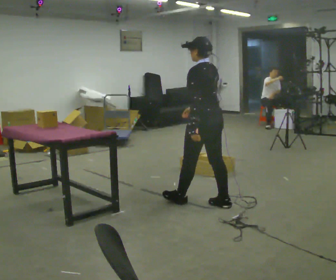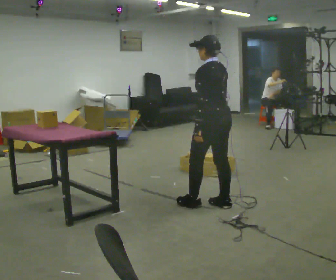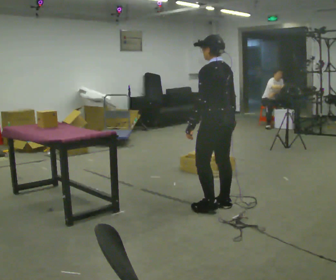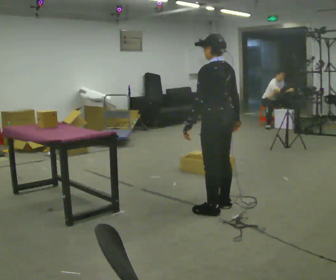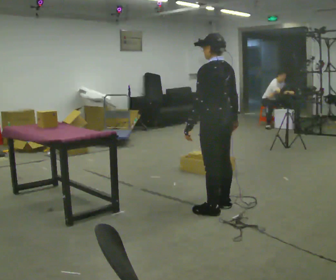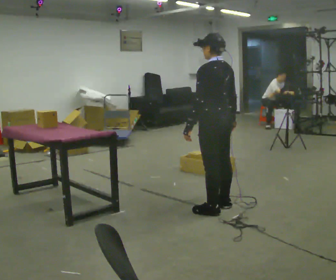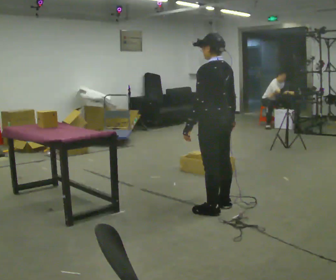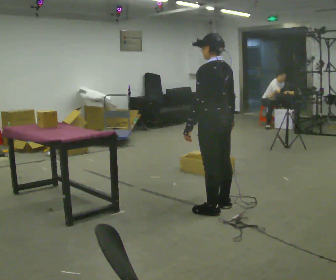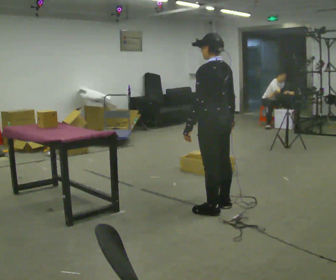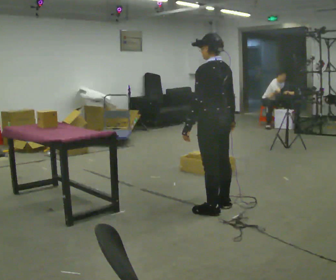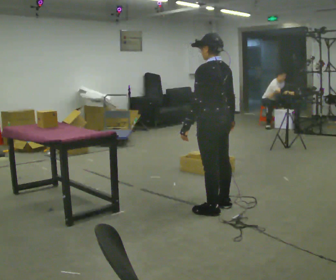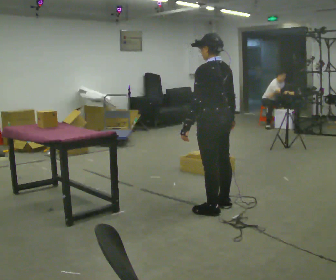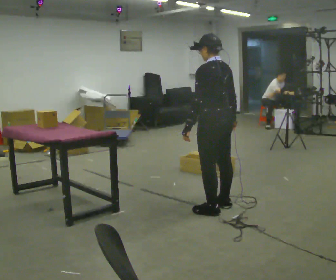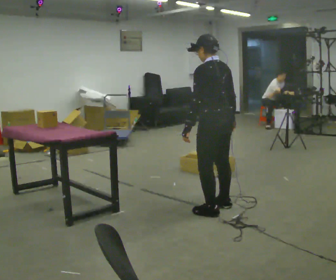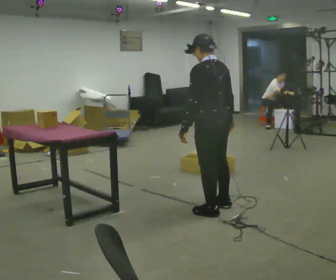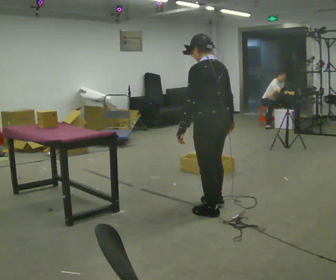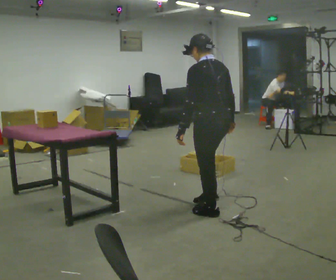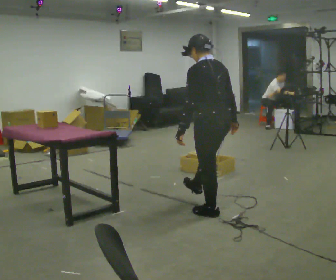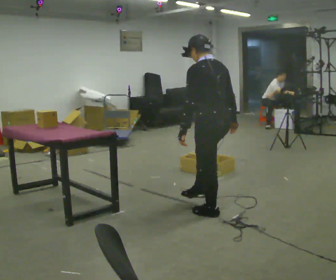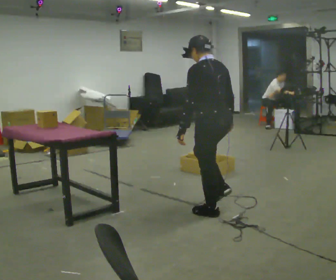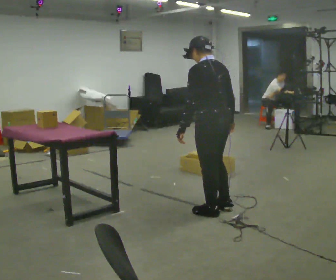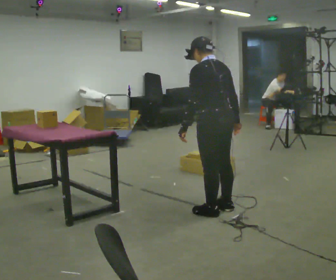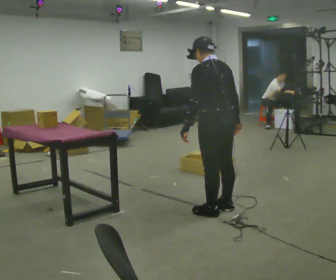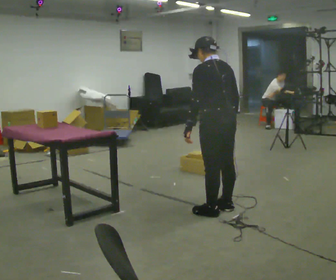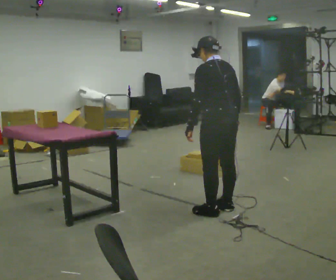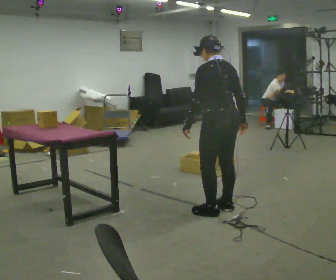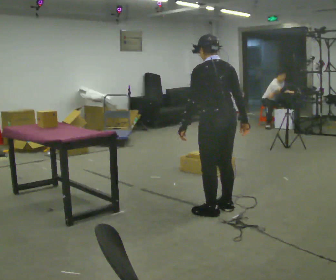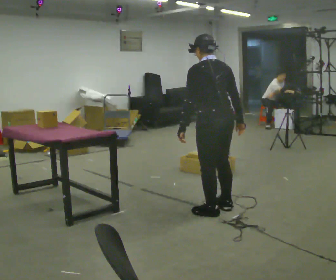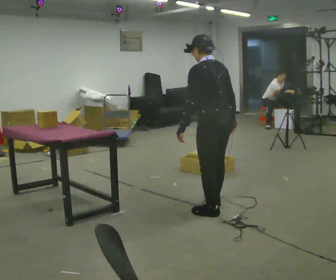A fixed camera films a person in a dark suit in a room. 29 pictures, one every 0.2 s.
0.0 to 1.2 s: In the picture they go toward the camera, about 0.25 m in 1 step, which for them is backward. In the picture their right hand goes to the right.
1.2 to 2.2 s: The person keeps their place and pose.
2.2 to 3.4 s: In the picture they go toward the camera, about 0.25 m, which for them is to their left.
3.4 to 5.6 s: The person moves a little, or ends about where they began.
The film runs backward here.
